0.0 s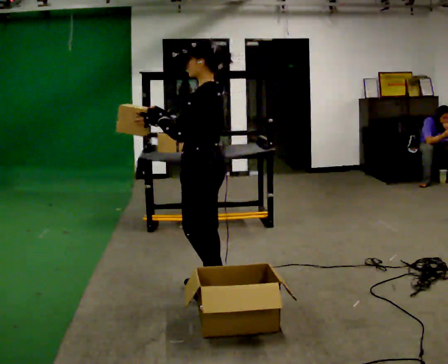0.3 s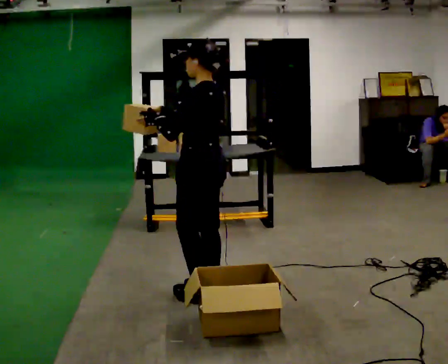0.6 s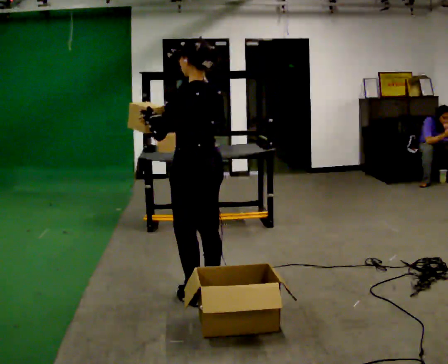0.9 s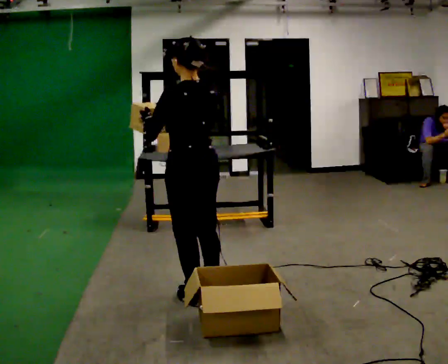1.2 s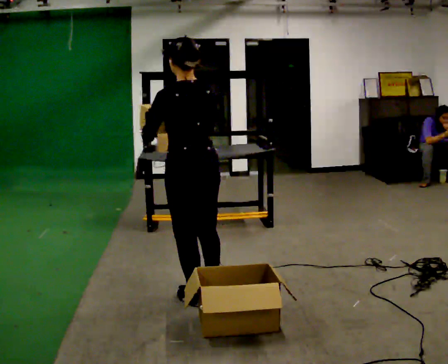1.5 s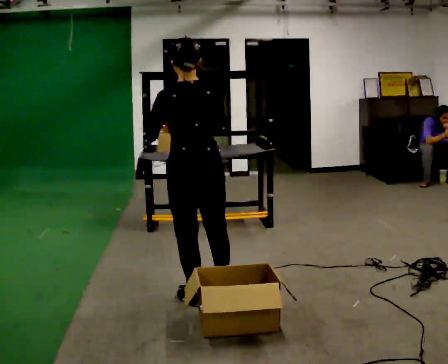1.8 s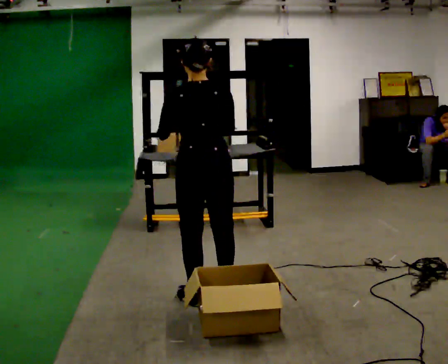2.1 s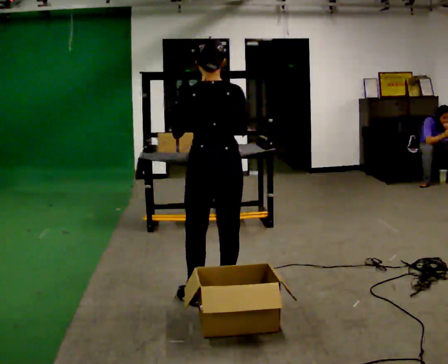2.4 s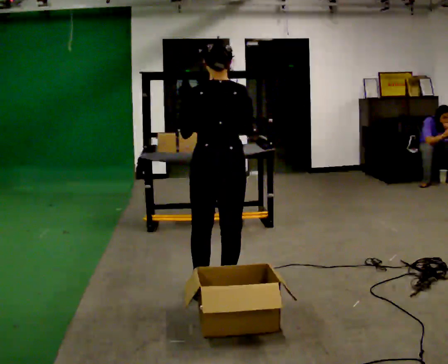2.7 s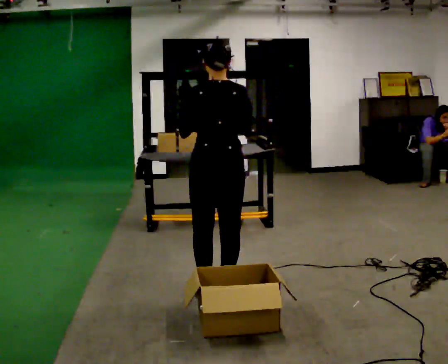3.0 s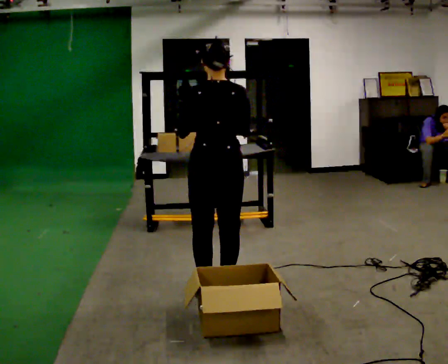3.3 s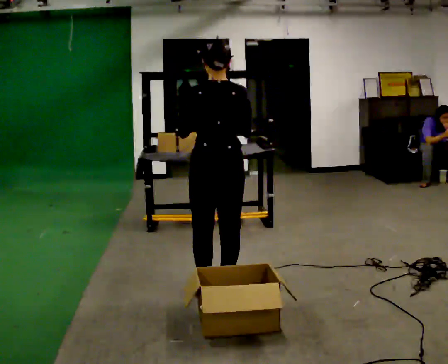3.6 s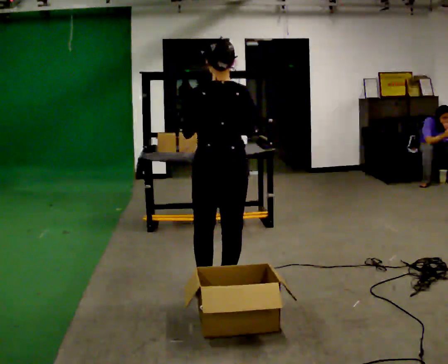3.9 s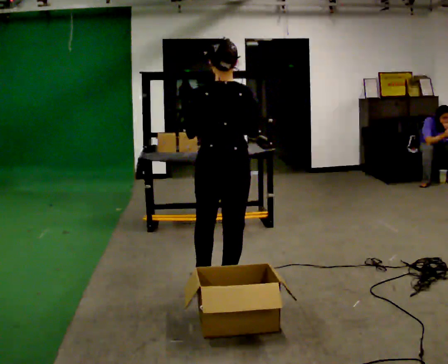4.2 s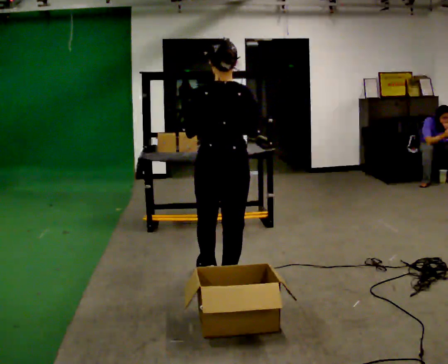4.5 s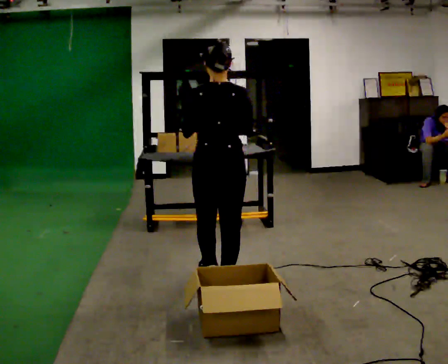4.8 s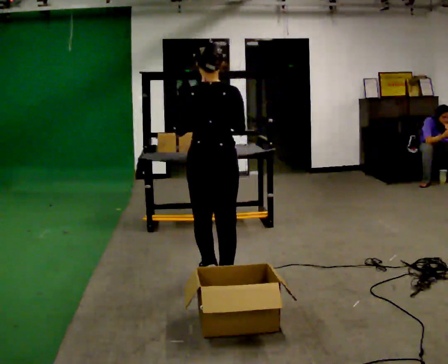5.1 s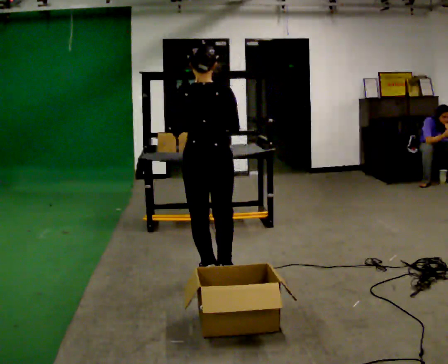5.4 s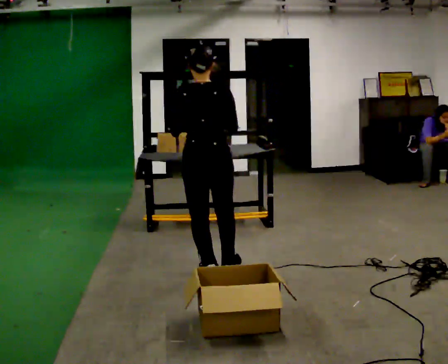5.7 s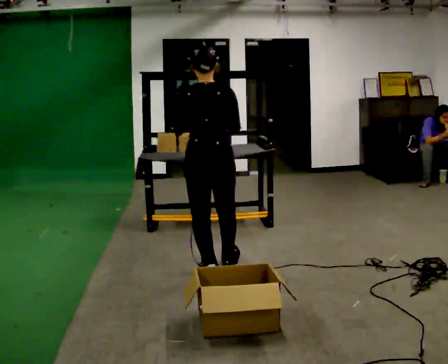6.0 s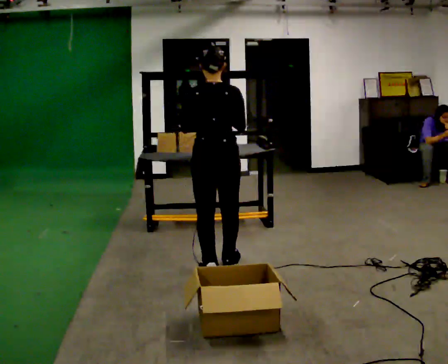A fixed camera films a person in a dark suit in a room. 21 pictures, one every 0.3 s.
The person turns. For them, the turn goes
to their right.
The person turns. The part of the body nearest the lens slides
to the left.
0.0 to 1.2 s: Seen from above the body turns clockwise, about 45 degrees: to their right, with its near side sliding to the left. In the picture they go toward the camera, about 0.25 m in 1 step, which for them is to their left.
1.2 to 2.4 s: In the picture they go to the right, about 0.25 m, which for them is to their right.
2.4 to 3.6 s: The person moves a little, or ends about where they began.
3.6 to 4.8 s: In the picture they go away from the camera, about 0.25 m in 1 step, which for them is forward.
4.8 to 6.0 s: In the picture they go away from the camera, about 0.25 m in 1 step, which for them is forward.
The film runs forward here.
